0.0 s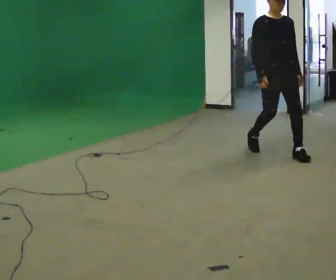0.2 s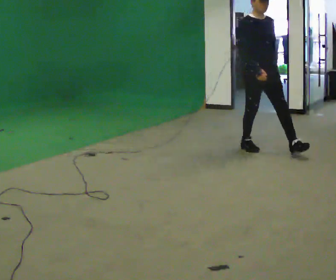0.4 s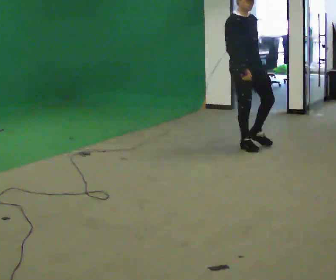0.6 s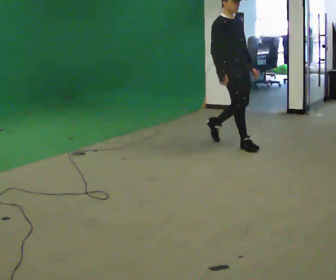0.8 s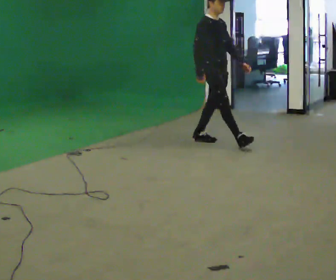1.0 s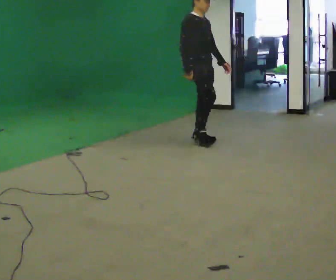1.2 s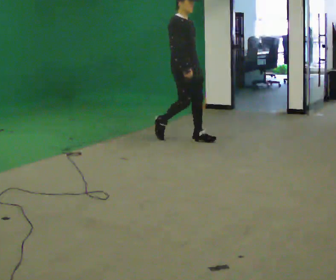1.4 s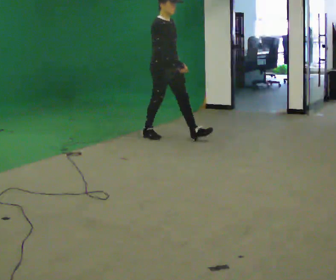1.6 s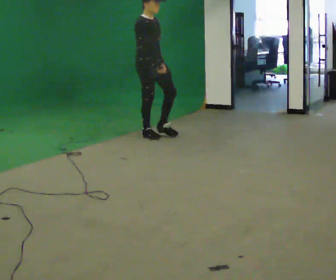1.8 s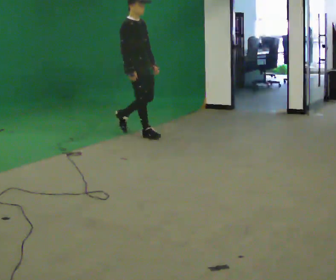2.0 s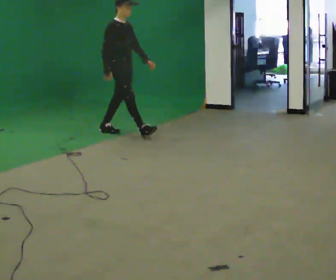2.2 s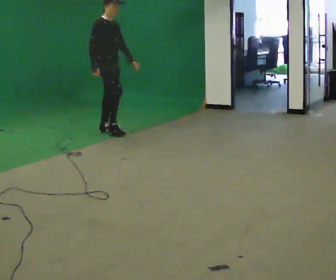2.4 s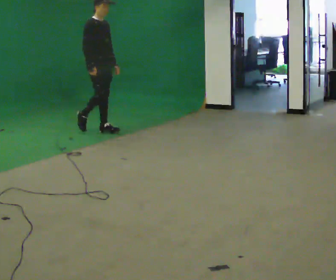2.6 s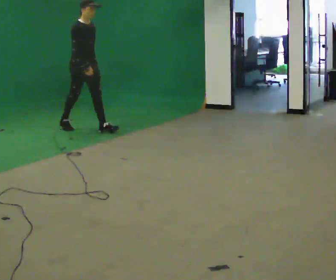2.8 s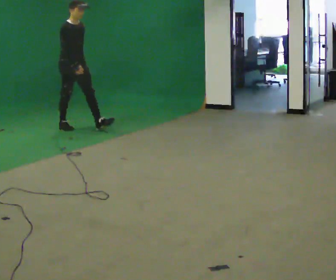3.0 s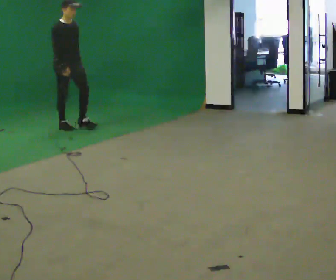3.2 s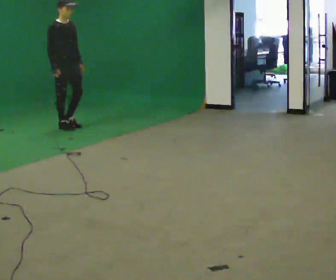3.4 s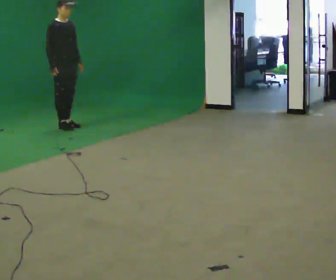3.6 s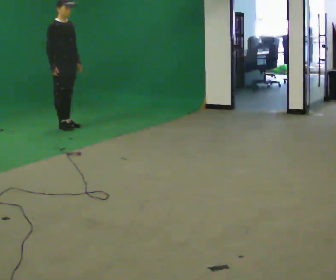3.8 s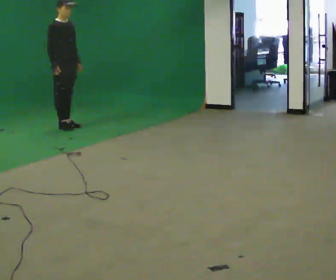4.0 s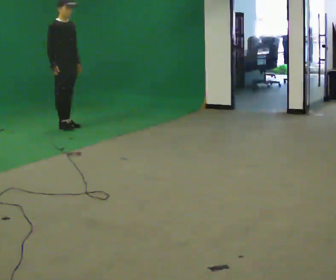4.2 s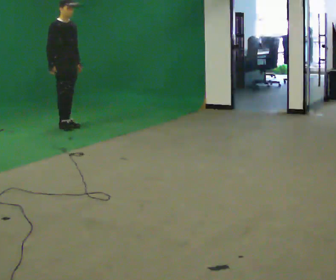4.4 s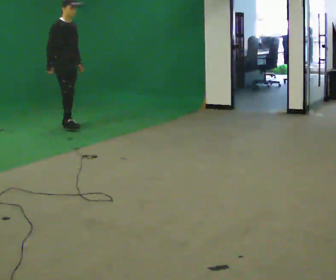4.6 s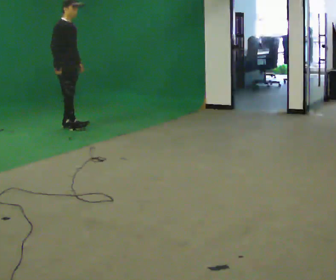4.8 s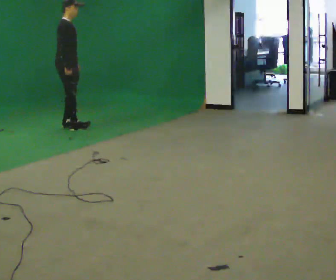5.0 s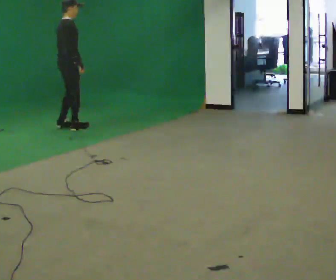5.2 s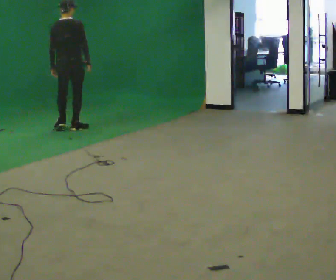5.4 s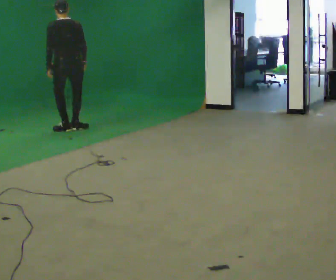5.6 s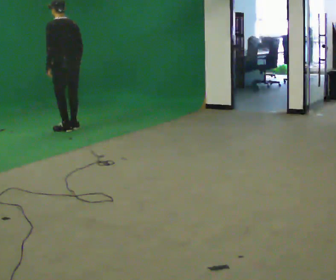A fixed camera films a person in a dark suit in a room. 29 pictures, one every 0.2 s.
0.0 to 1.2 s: The part of the body nearest the lens slides to the right as the person turns to their left by about 45 degrees. In the picture they go away from the camera and to the left, about 1 m in 2 steps, which for them is backward.
1.2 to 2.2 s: In the picture they go to the left and away from the camera, about 1 m in 2 steps, which for them is backward.
2.2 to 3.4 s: In the picture they go to the left and away from the camera, about 0.5 m in 1 step, which for them is backward.
3.4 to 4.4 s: The person moves a little, or ends about where they began.
4.4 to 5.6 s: The part of the body nearest the lens slides to the right as the person turns to their left by about 165 degrees. In the picture they go toward the camera, about 0.25 m in 1 step. In the picture the upper body tilts counterclockwise, shoulders to the left. In the picture their right hand goes to the right, the arm swinging counterclockwise.
The film runs backward here.
